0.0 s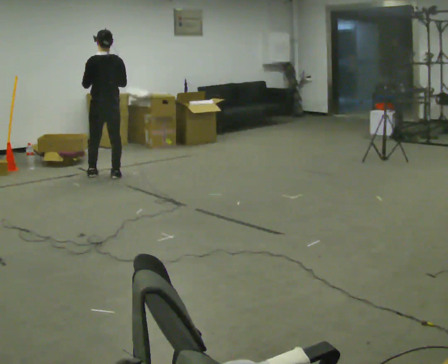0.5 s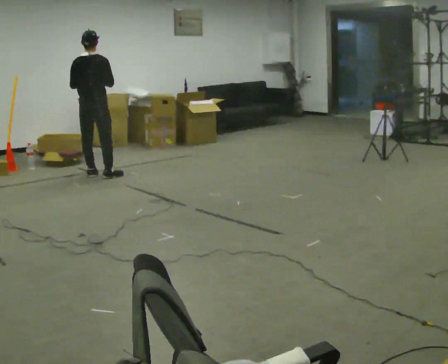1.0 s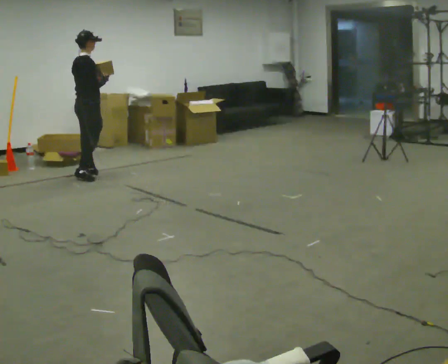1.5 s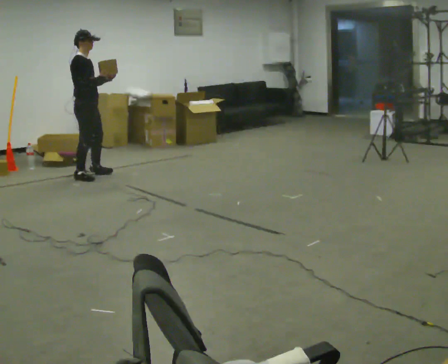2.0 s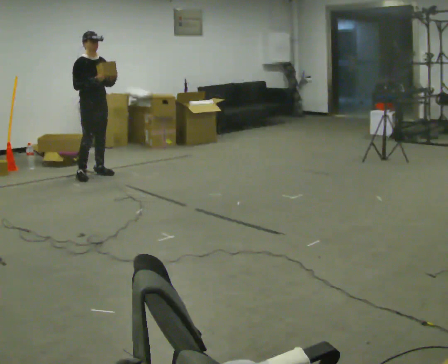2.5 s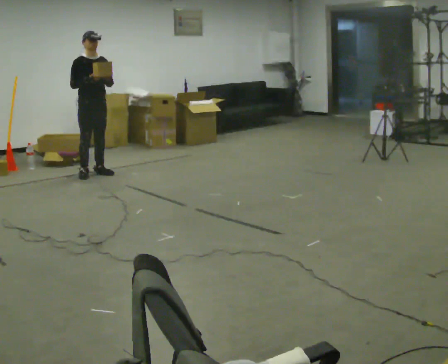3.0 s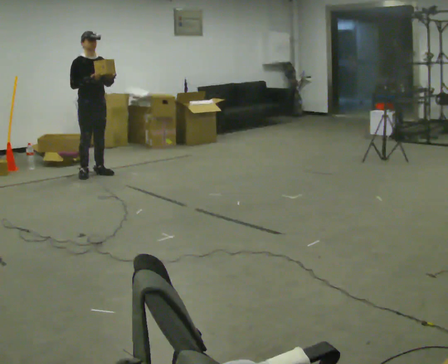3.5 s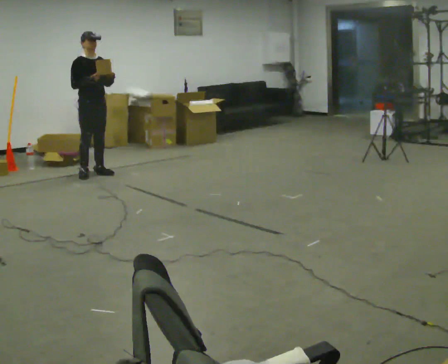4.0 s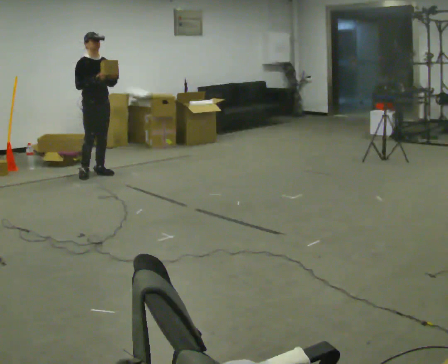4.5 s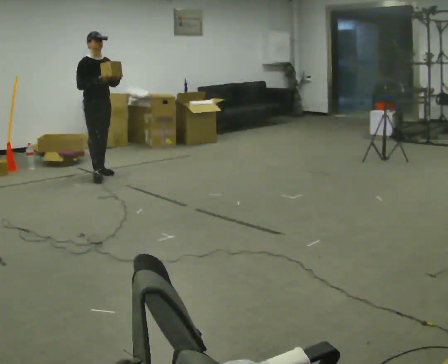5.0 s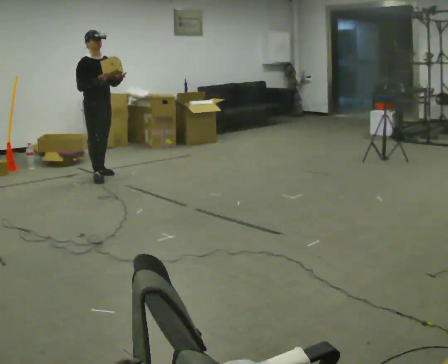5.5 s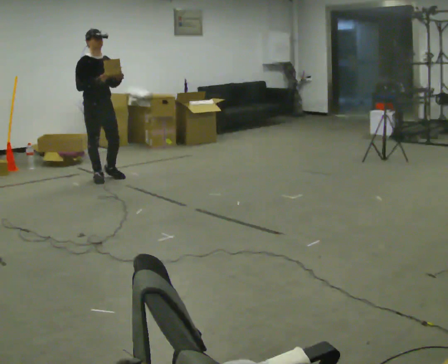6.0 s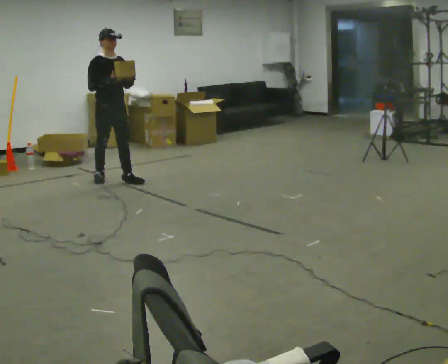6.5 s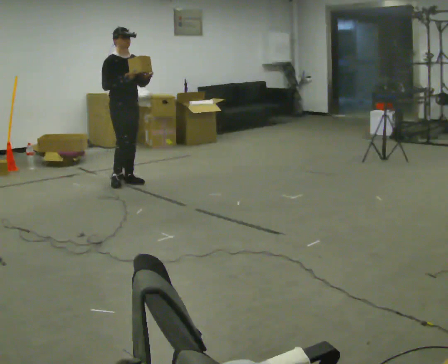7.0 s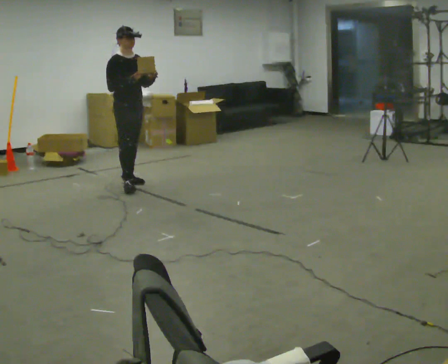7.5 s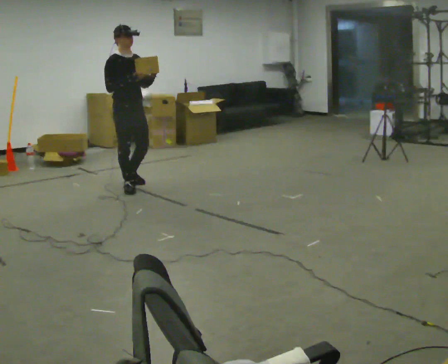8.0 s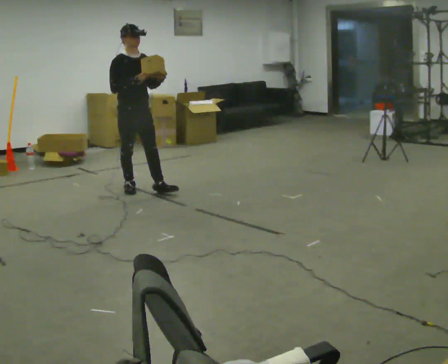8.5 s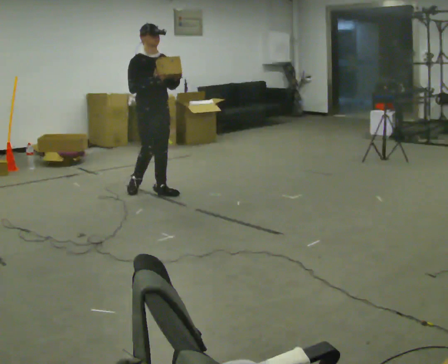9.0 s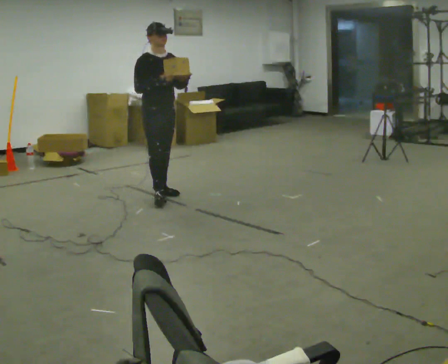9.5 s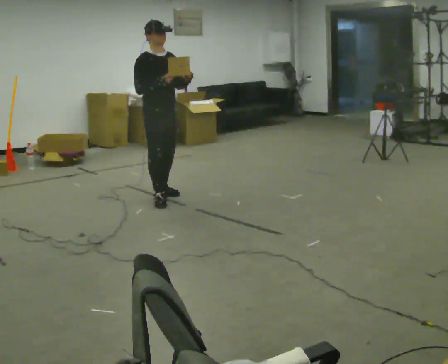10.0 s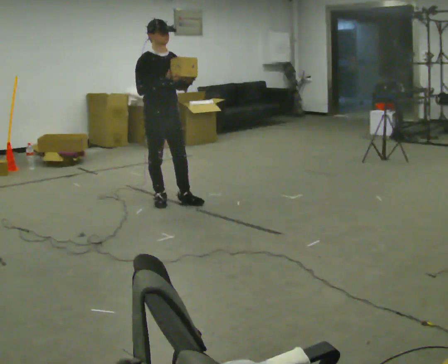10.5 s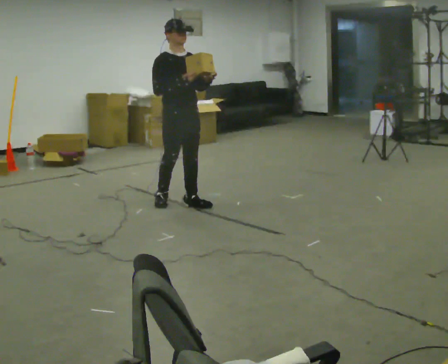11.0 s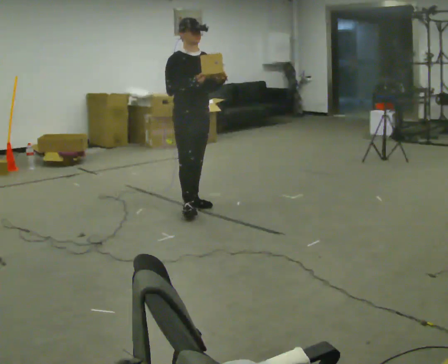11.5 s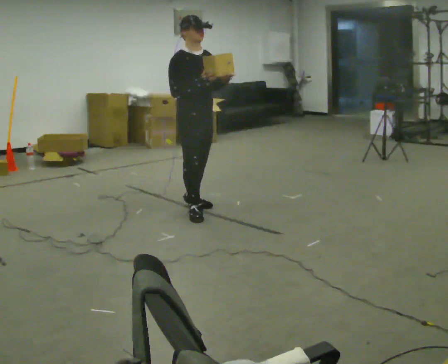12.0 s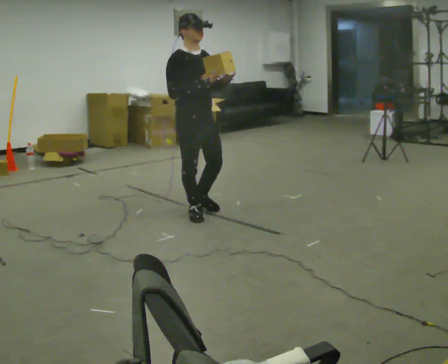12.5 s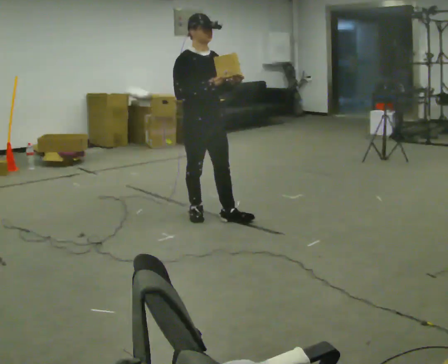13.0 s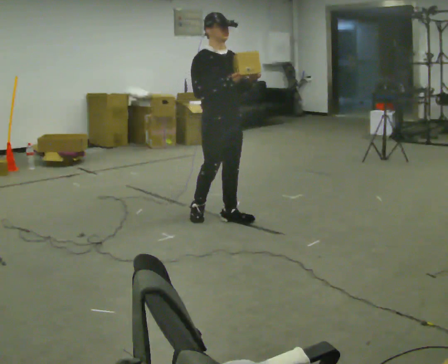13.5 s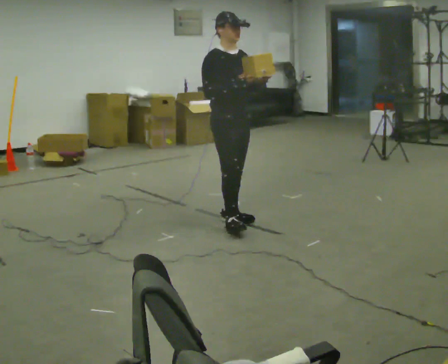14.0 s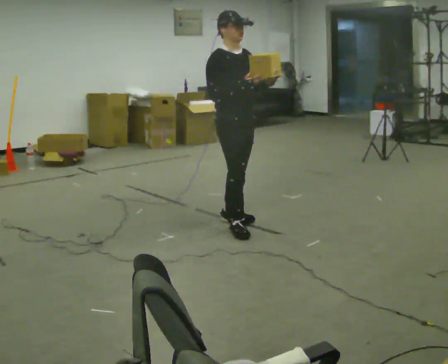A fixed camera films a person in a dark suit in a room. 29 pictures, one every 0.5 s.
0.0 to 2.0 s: The part of the body nearest the lens slides to the left as the person turns to their right by about 165 degrees. In the picture they go away from the camera, about 0.25 m in 2 steps. In the picture their left hand goes to the right.
2.0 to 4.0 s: The person moves a little, or ends about where they began.
4.0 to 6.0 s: In the picture they go toward the camera, about 0.5 m in 2 steps, which for them is forward.
6.0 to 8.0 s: In the picture they go toward the camera and to the right, about 0.5 m in 2 steps, which for them is forward.
8.0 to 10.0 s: In the picture they go toward the camera, about 0.5 m in 1 step, which for them is forward.
10.0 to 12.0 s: In the picture they go toward the camera, about 0.5 m in 2 steps, which for them is forward.
12.0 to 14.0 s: In the picture they go toward the camera and to the right, about 0.5 m in 2 steps, which for them is forward.
The film runs forward here.
